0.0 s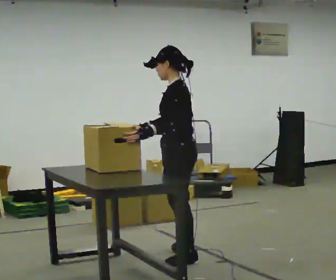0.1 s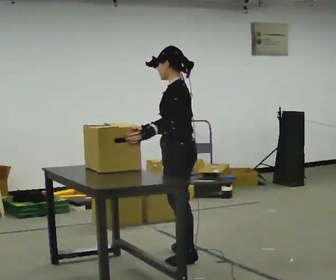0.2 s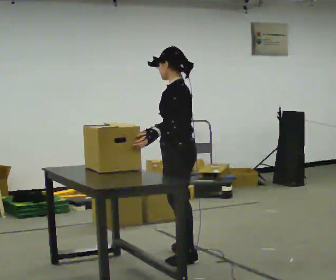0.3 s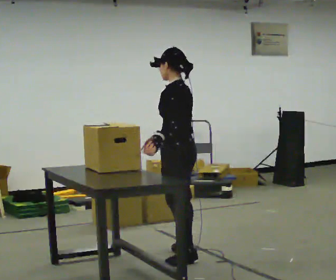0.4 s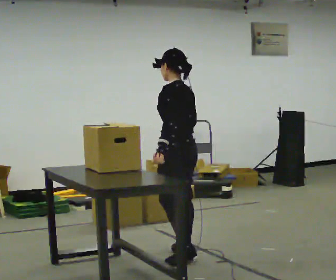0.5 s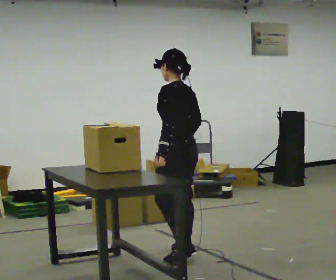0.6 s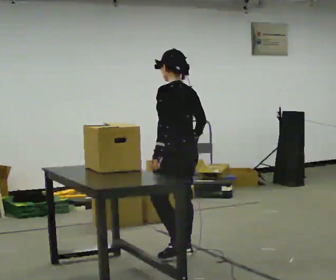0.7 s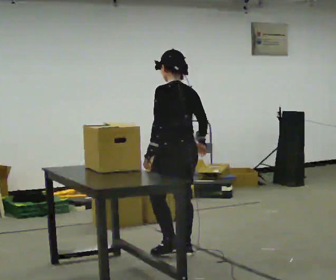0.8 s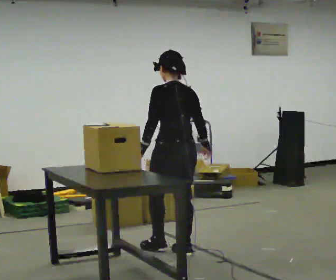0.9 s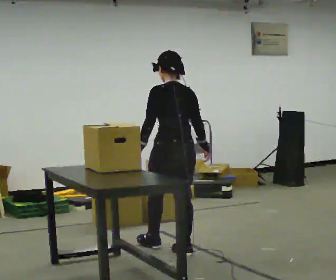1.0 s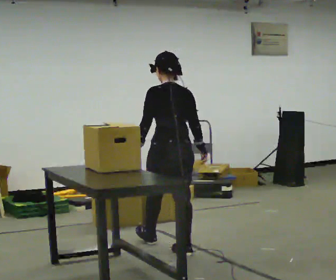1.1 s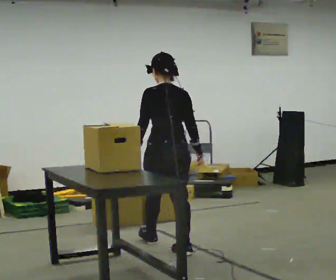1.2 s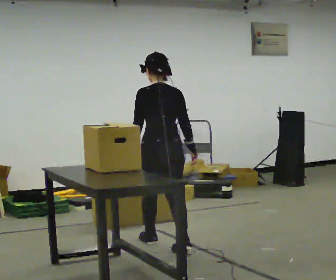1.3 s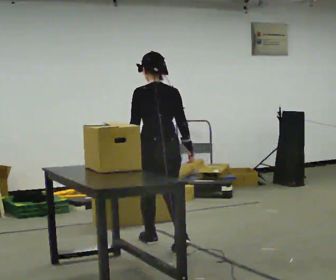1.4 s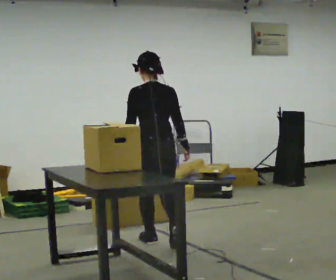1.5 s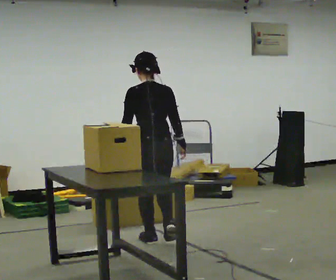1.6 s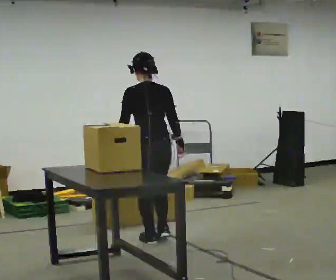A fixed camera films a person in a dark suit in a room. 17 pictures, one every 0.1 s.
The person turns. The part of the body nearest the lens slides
to the left.
The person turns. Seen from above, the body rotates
clockwise.
0.0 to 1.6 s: The person turns about 60 degrees to their right, clockwise seen from above, so the part of the body nearest the lens slides to the left. In the picture they go away from the camera and to the left, about 0.5 m in 1 step.
The film runs forward here.
